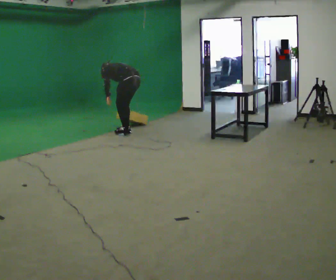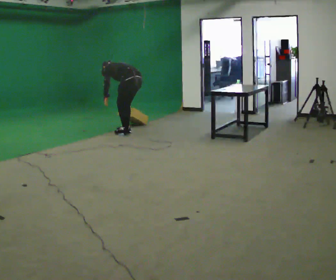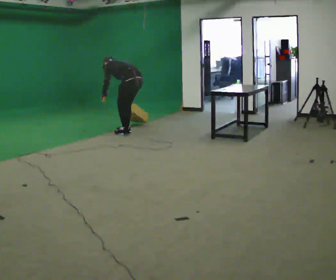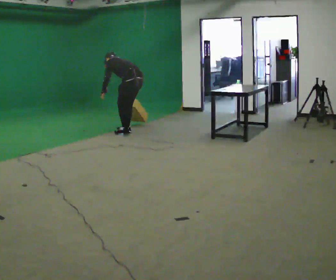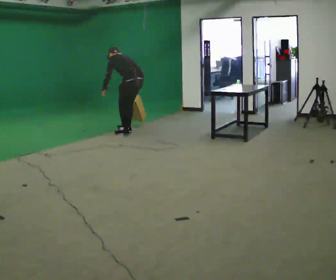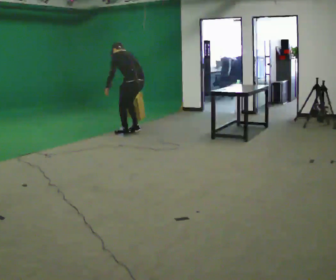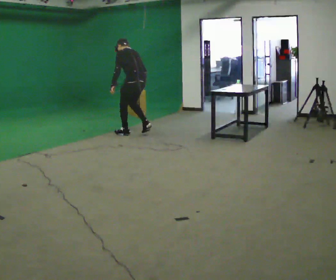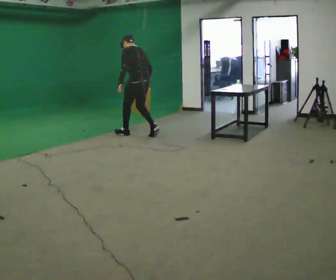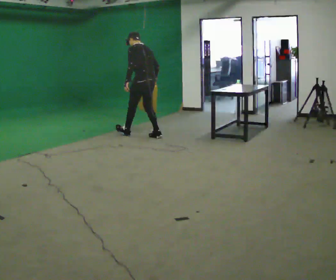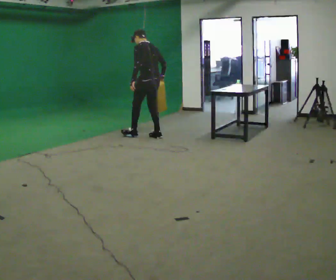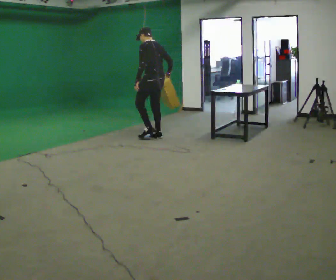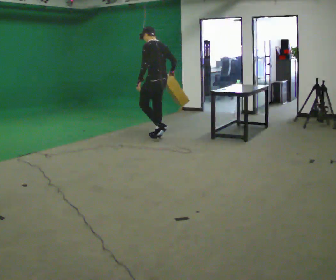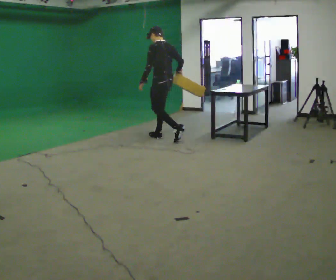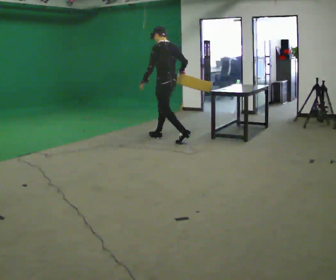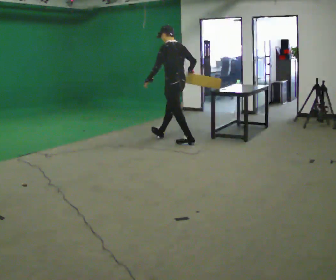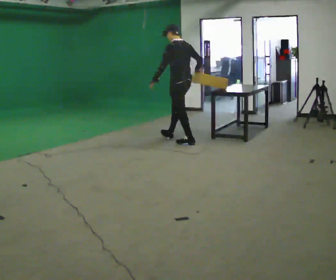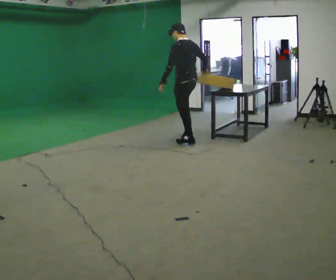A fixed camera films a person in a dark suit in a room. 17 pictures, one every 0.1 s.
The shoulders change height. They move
upward.
Their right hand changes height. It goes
upward.
0.0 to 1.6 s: In the picture they go to the right and toward the camera, about 1 m in 3 steps, which for them is backward. The upper body goes upward. In the picture the upper body tilts clockwise, shoulders to the right, as they lean back or straighten.
The film runs backward here.
